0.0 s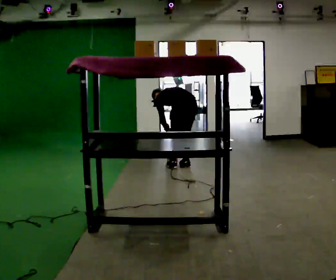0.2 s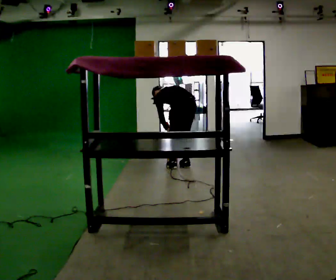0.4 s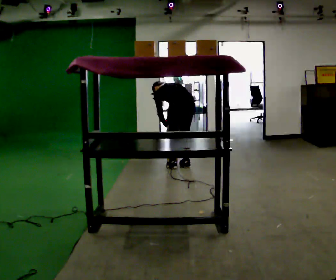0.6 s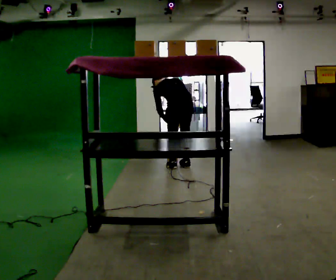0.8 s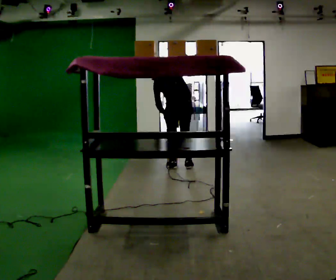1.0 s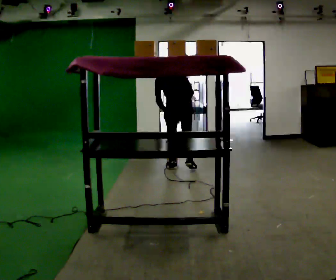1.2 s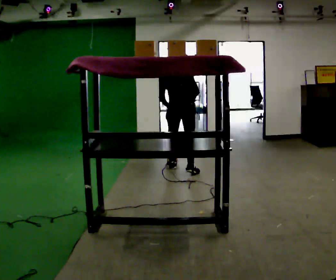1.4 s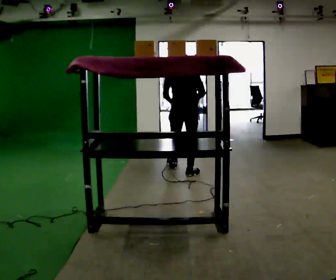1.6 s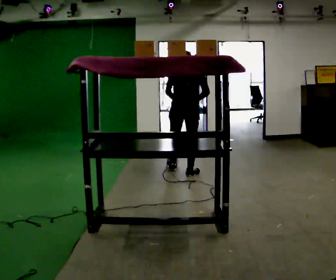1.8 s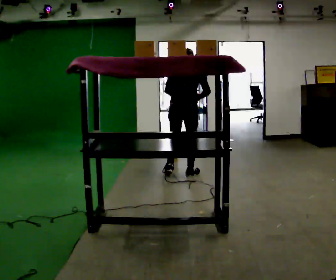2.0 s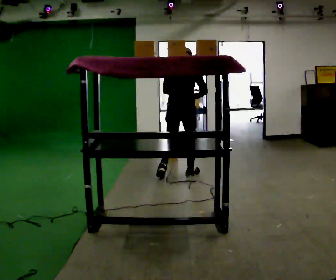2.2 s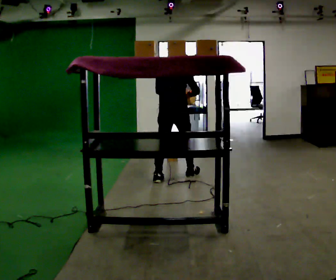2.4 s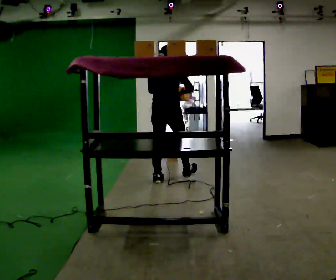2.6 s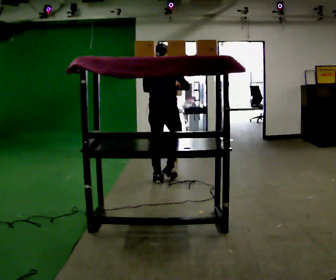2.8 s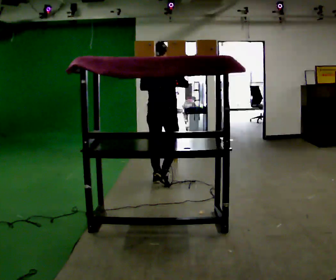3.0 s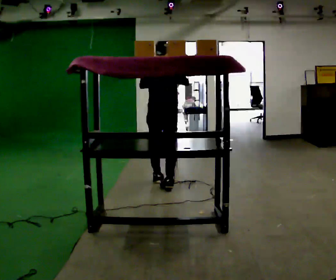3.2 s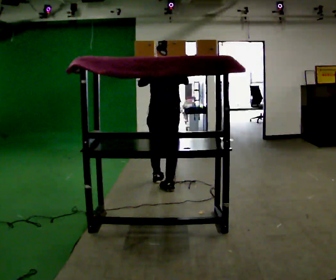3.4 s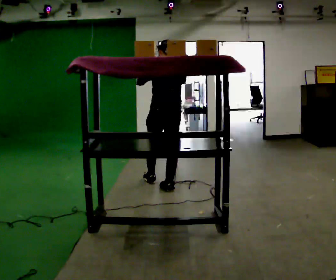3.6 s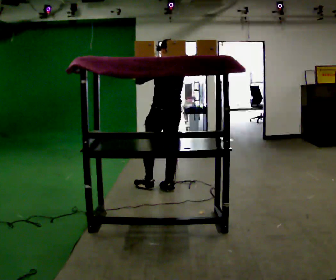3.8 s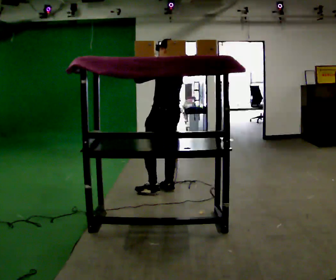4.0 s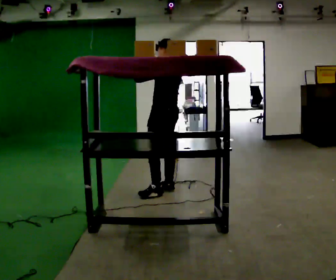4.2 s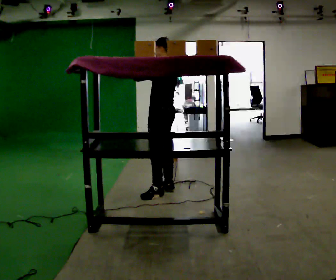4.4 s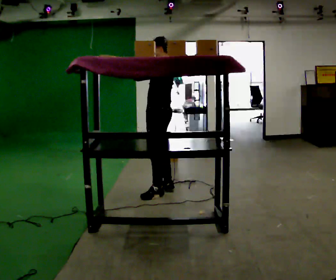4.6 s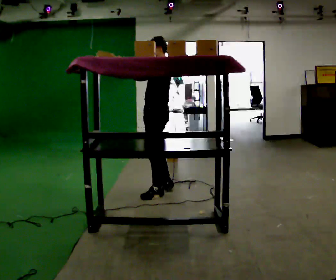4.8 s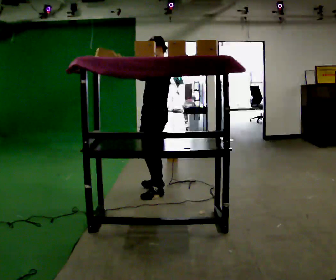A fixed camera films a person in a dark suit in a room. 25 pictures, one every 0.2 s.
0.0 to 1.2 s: The shoulders move upward. The upper body tips toward the camera, its near side rolling downward, as they lean back or straighten. In the picture their left hand goes upward.
1.2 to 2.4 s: In the picture they go toward the camera and to the left, about 0.5 m in 2 steps, which for them is backward. The upper body tips toward the camera, its near side rolling downward, as they lean back or straighten.
2.4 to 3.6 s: The person turns about 45 degrees to their left, counterclockwise seen from above, so the part of the body nearest the lens slides to the right. In the picture they go toward the camera, about 0.5 m in 1 step, which for them is backward.
3.6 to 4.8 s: Seen from above the body turns counterclockwise, about 75 degrees: to their left, with its near side sliding to the right. In the picture they go toward the camera, about 0.25 m in 1 step.
The film runs backward here.
